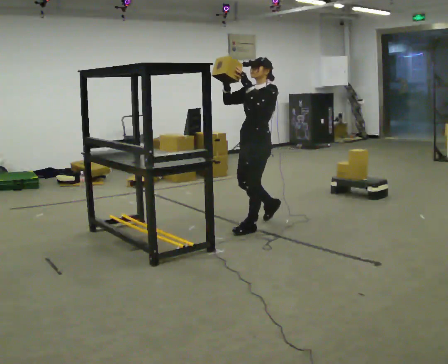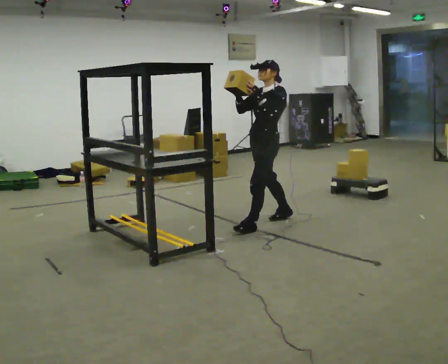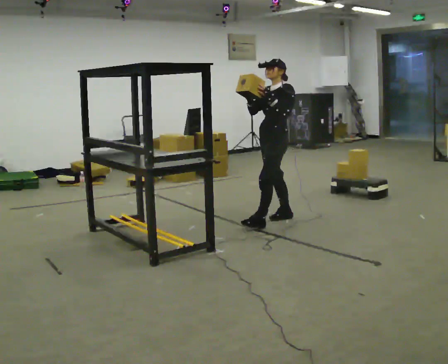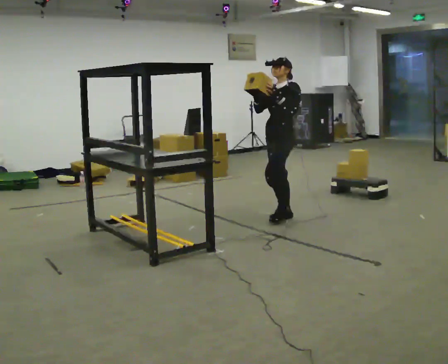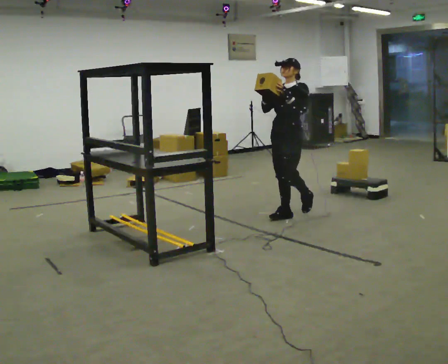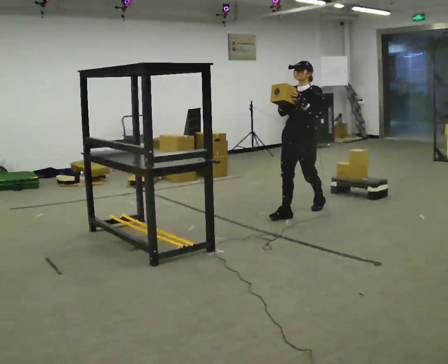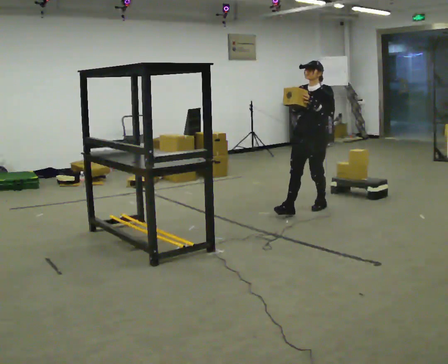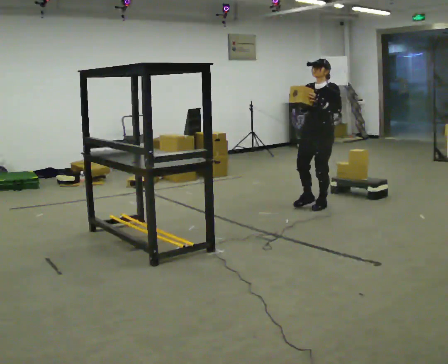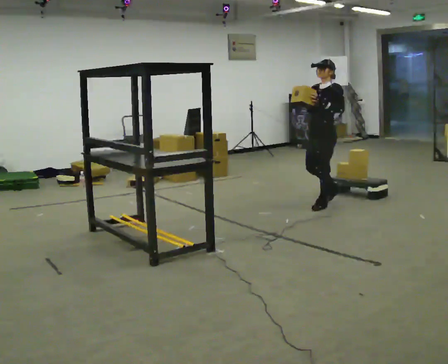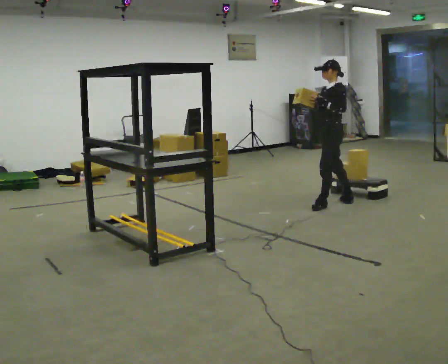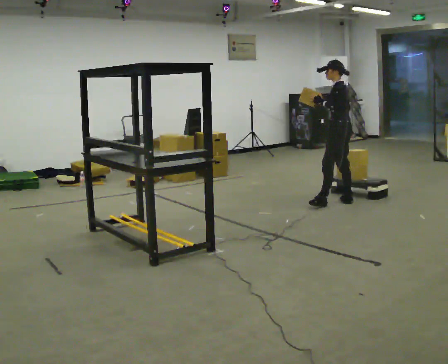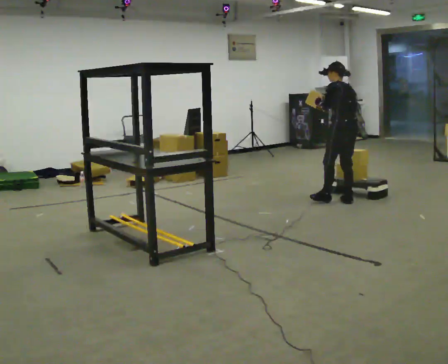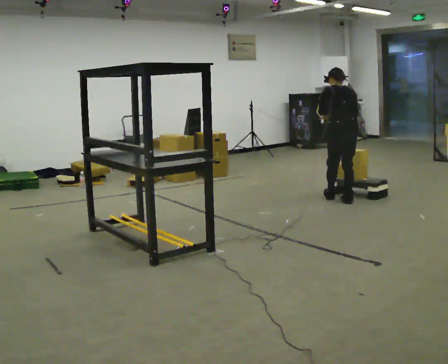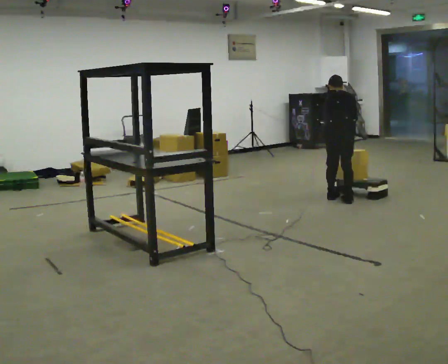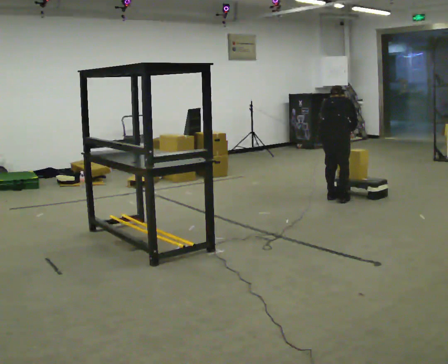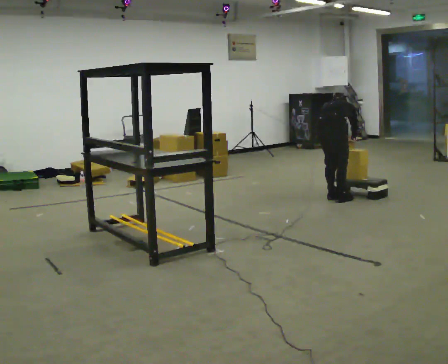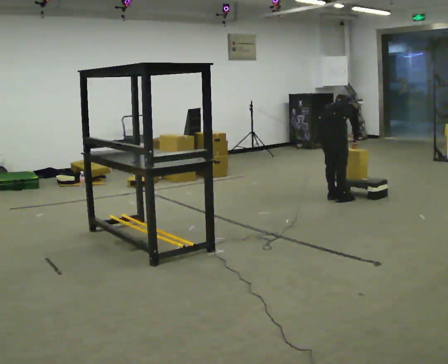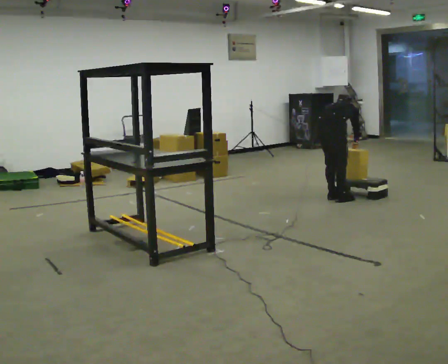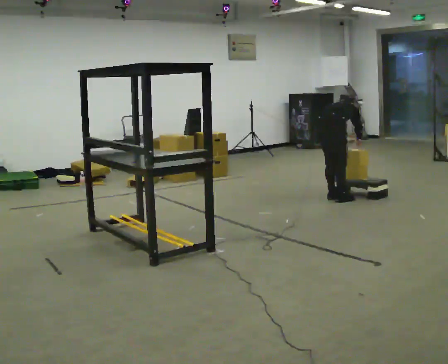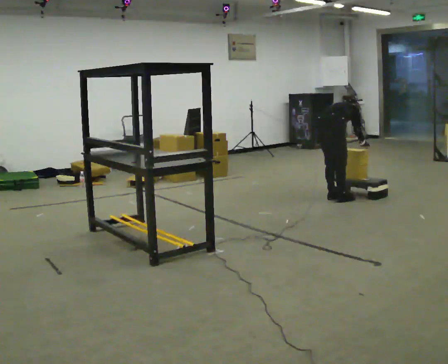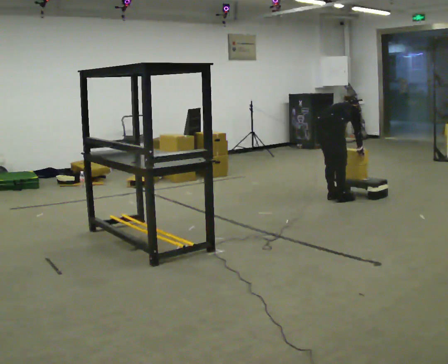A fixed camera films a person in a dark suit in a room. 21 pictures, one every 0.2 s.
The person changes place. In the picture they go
away from the camera.
The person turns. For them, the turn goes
to their right.
0.0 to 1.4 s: In the picture they go away from the camera and to the right, about 1 m in 2 steps, which for them is backward.
1.4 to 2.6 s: The person turns about 135 degrees to their right, clockwise seen from above, so the part of the body nearest the lens slides to the left. In the picture they go to the right and away from the camera, about 0.25 m in 1 step. The upper body tips away from the camera, its near side rolling upward, as they bend forward.
2.6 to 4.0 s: The part of the body nearest the lens slides to the left as the person turns to their right by about 45 degrees. The upper body goes downward. In the picture the upper body tilts clockwise, shoulders to the right, as they bend forward. In the picture their right hand goes downward.
The film runs backward here.
